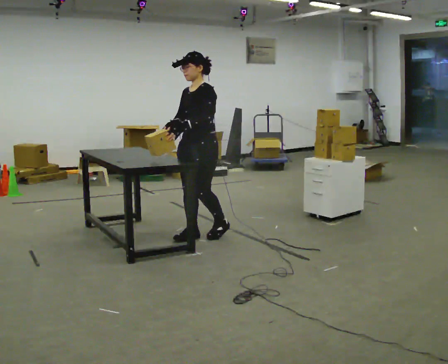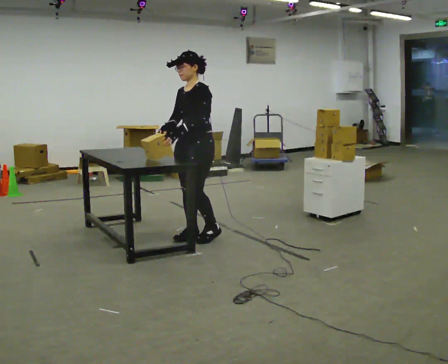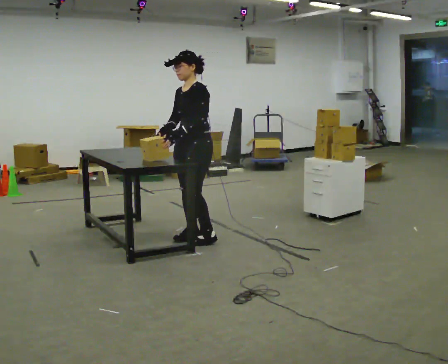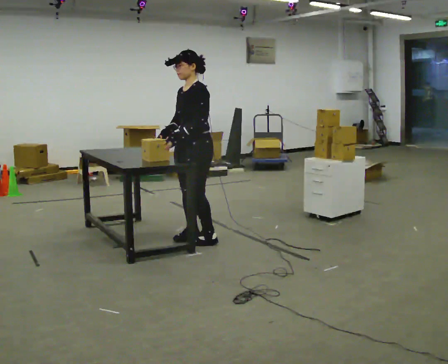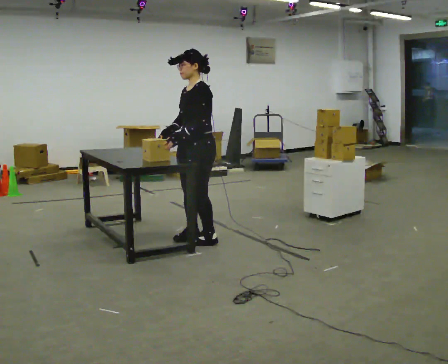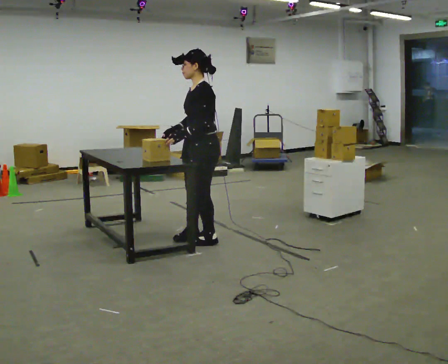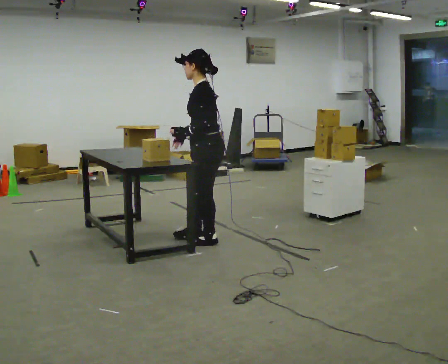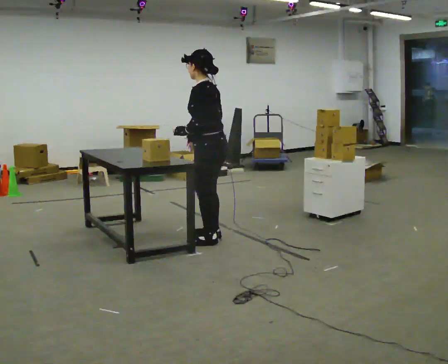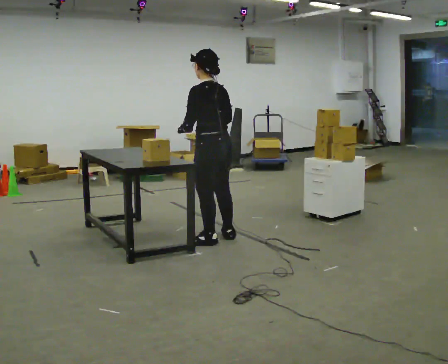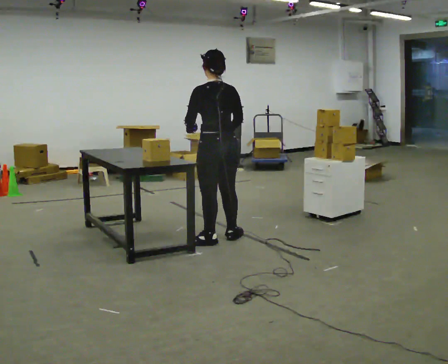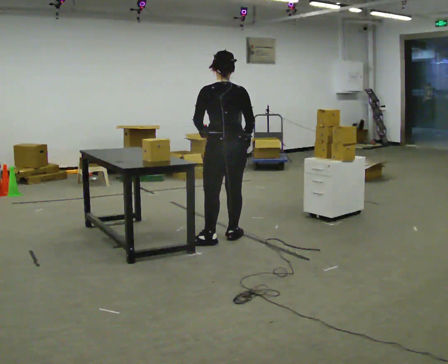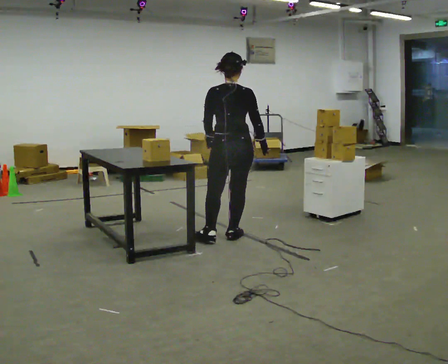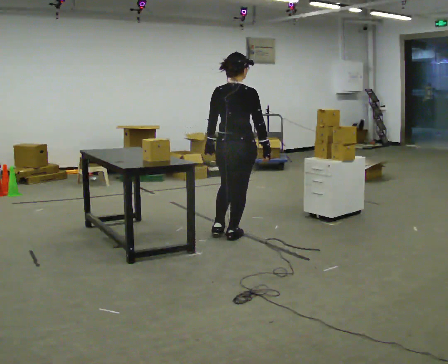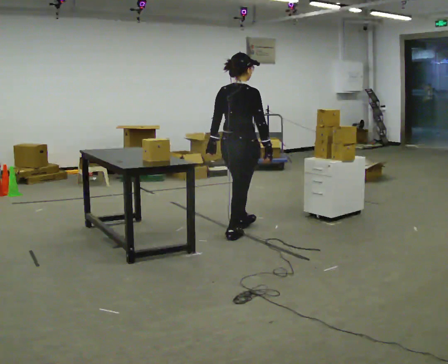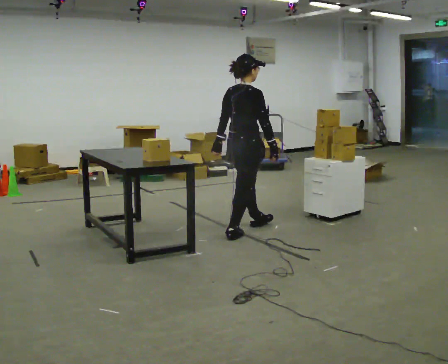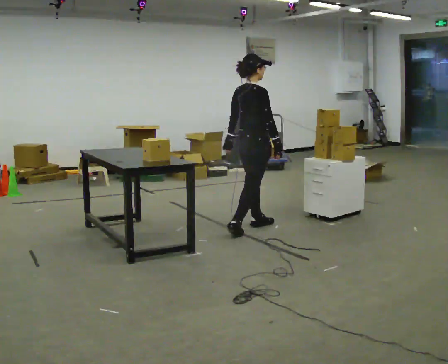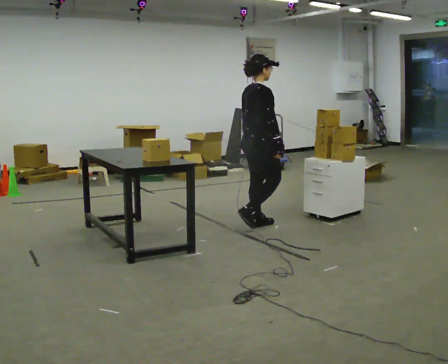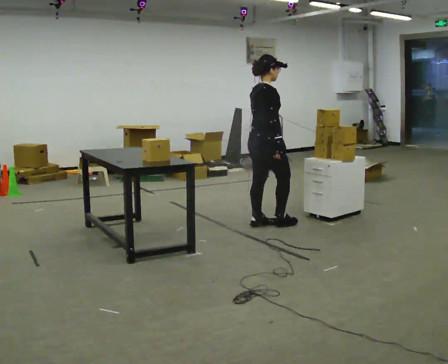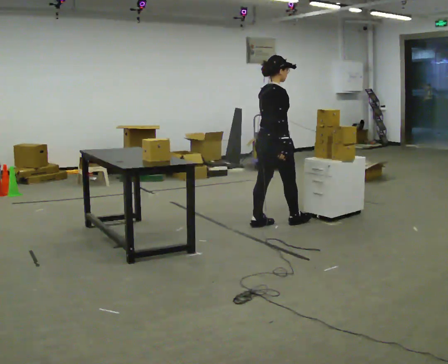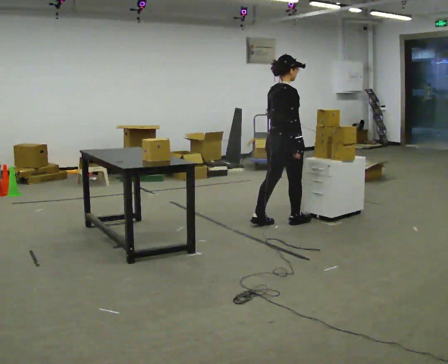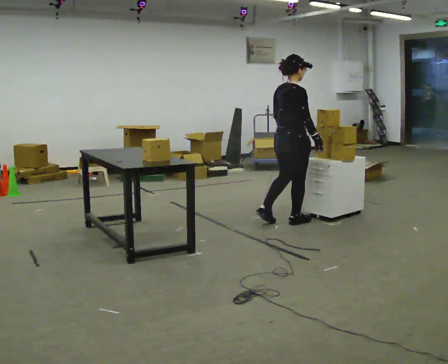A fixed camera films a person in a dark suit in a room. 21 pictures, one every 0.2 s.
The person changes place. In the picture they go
to the right.
The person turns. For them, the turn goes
to their right.
0.0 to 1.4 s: Seen from above the body turns clockwise, about 60 degrees: to their right, with its near side sliding to the left. In the picture they go toward the camera, about 0.25 m in 1 step.
1.4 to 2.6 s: Seen from above the body turns clockwise, about 105 degrees: to their right, with its near side sliding to the left. In the picture they go away from the camera and to the right, about 0.25 m in 1 step.
2.6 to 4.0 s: In the picture they go to the right and away from the camera, about 0.5 m in 2 steps, which for them is forward.
The film runs forward here.
